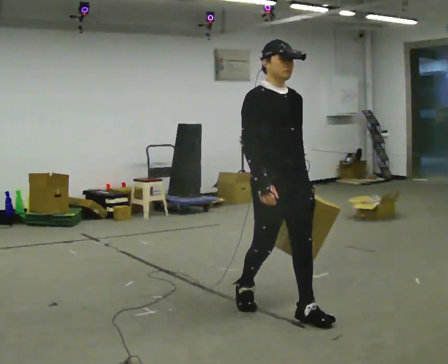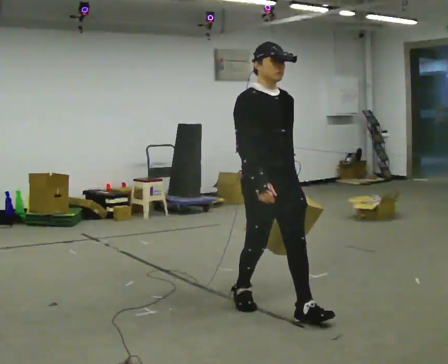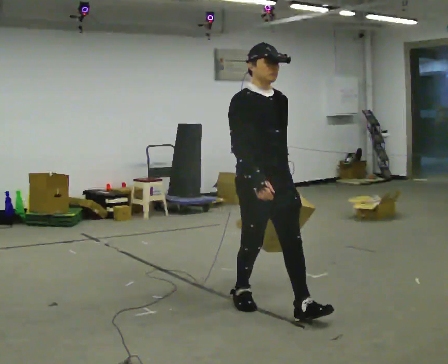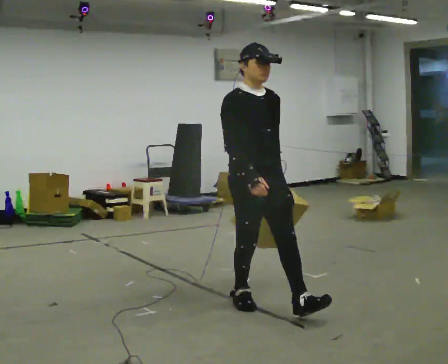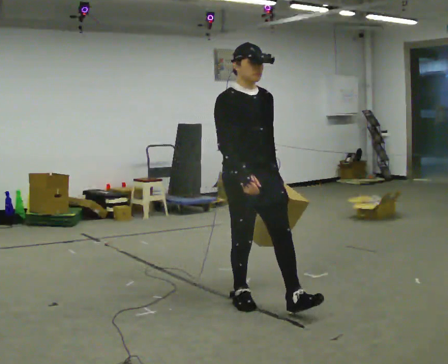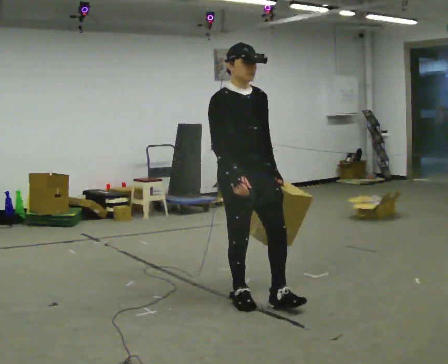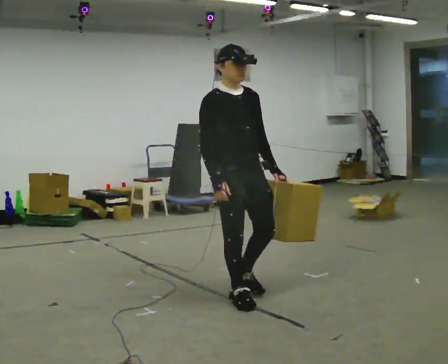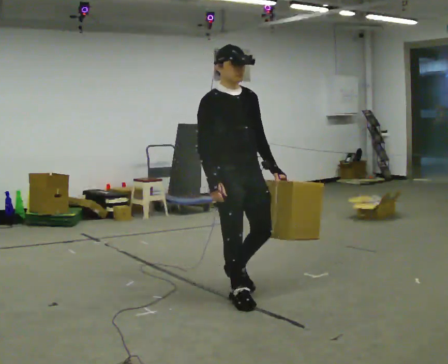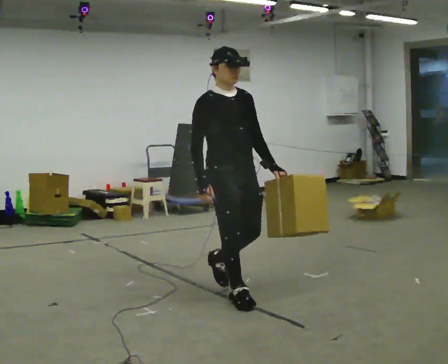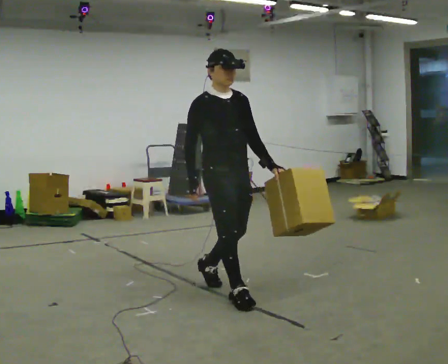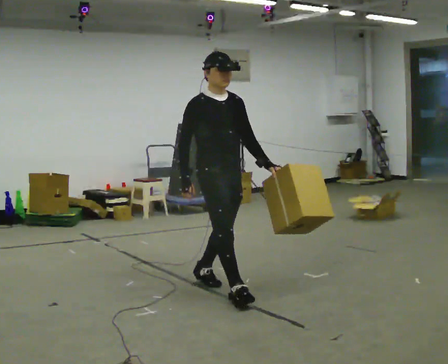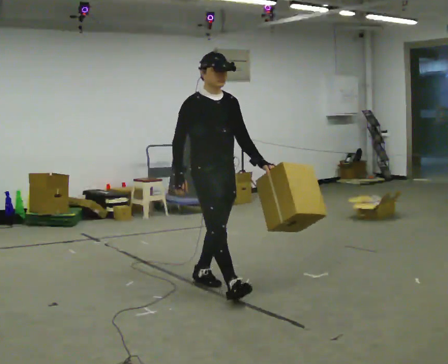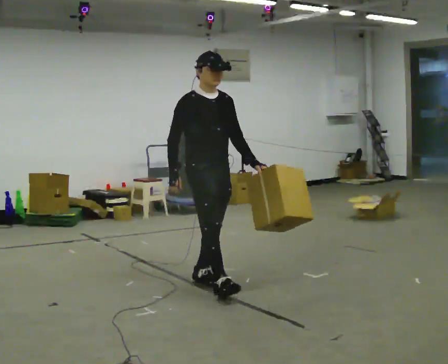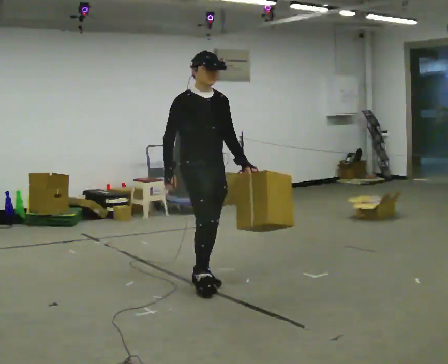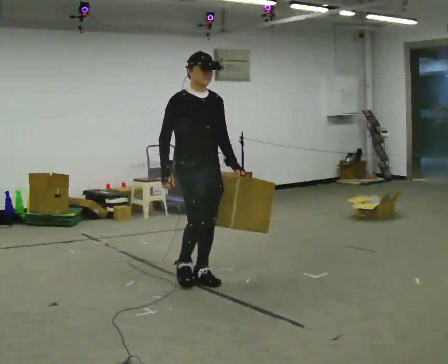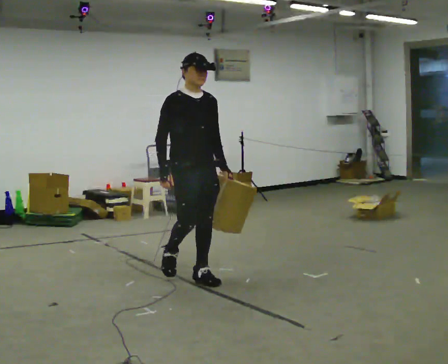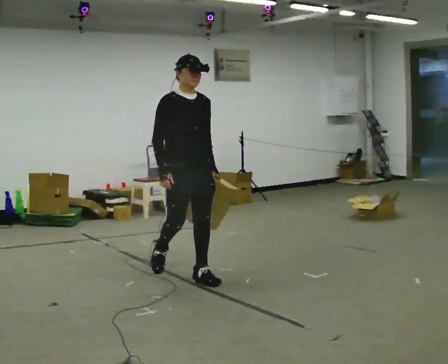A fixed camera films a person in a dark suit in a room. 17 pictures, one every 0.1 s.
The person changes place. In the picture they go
away from the camera.
0.0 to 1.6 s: In the picture they go away from the camera and to the left, about 1 m in 2 steps, which for them is backward.
The film runs backward here.
